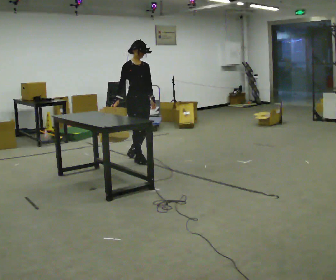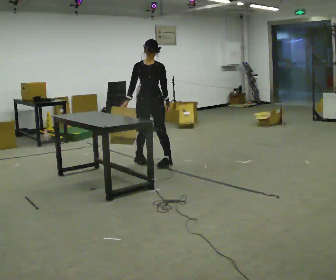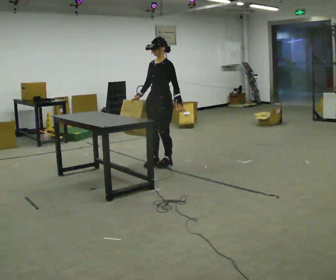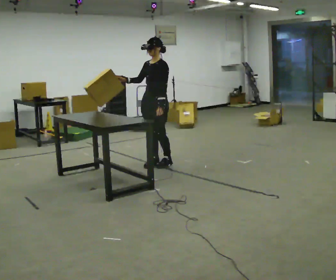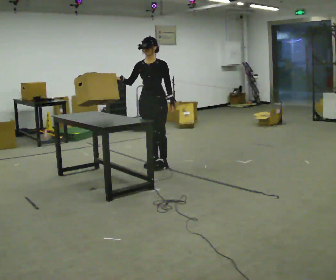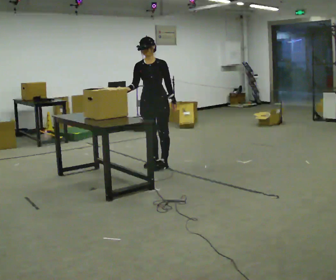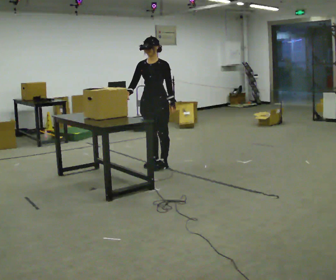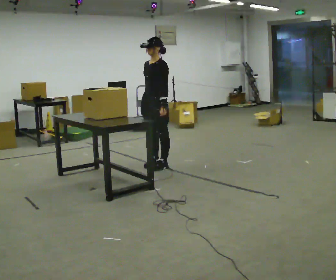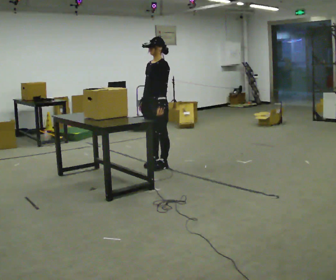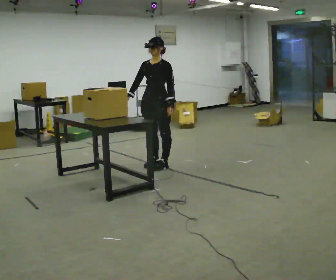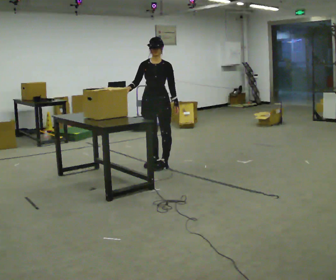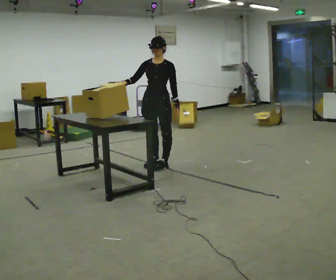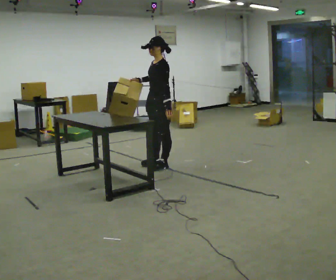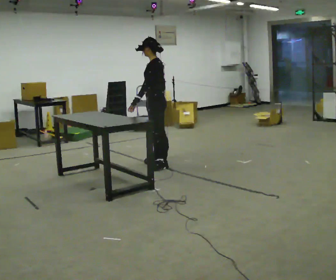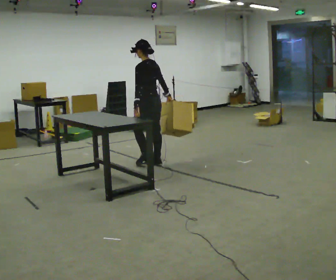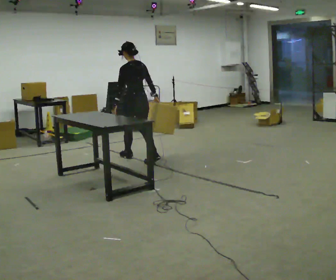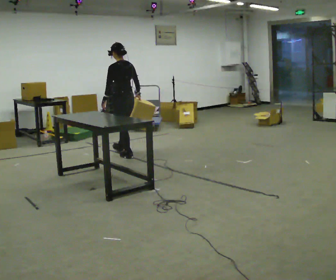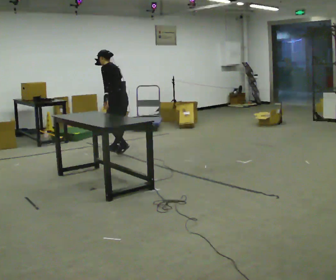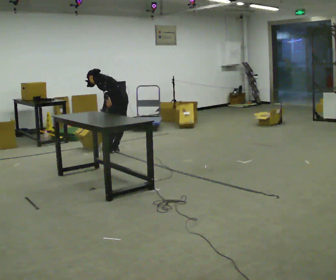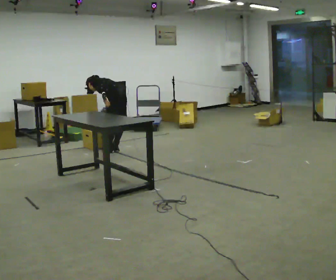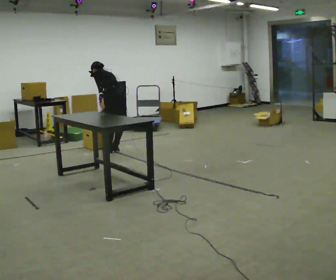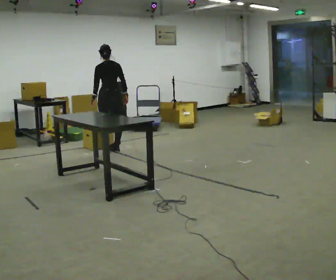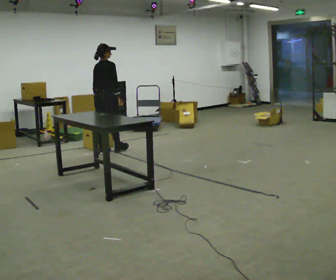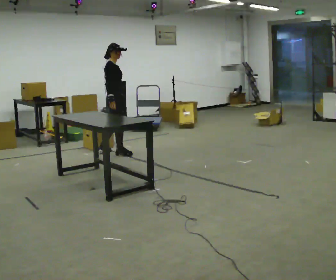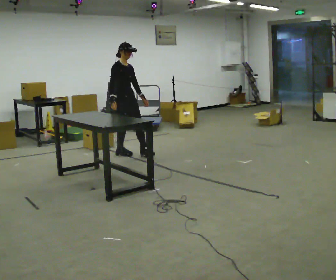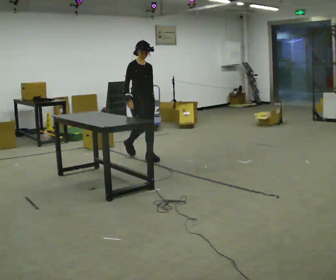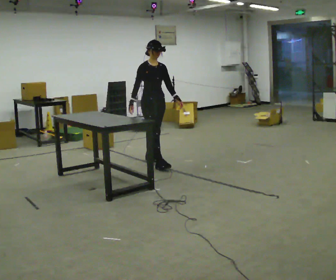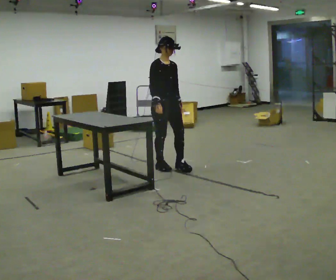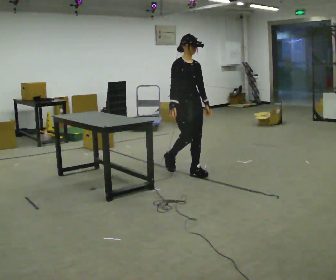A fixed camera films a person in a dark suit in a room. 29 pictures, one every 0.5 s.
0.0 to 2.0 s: Seen from above the body turns clockwise, about 45 degrees: to their right, with its near side sliding to the left. In the picture they go toward the camera and to the right, about 0.5 m in 2 steps.
2.0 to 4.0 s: The person turns about 30 degrees to their right, clockwise seen from above, so the part of the body nearest the lens slides to the left.
4.0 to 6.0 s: The person moves a little, or ends about where they began.
6.0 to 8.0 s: The person turns about 60 degrees to their right, clockwise seen from above, so the part of the body nearest the lens slides to the left. In the picture they go away from the camera and to the left, about 1 m in 1 step.
8.0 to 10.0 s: In the picture they go away from the camera, about 0.25 m in 2 steps, which for them is forward and to their right.
10.0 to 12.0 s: Seen from above the body turns clockwise, about 180 degrees: to their right, with its near side sliding to the left. In the picture they go toward the camera and to the right, about 0.25 m in 2 steps. The upper body tips toward the camera, its near side rolling downward, as they lean back or straighten.
12.0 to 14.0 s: In the picture they go toward the camera and to the right, about 1.5 m in 3 steps, which for them is forward.
The film runs forward here.
